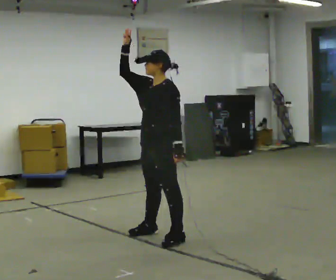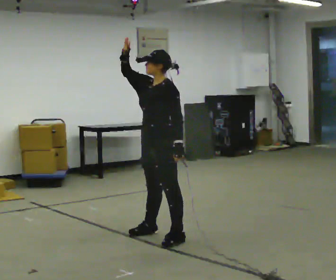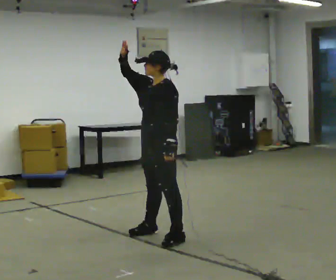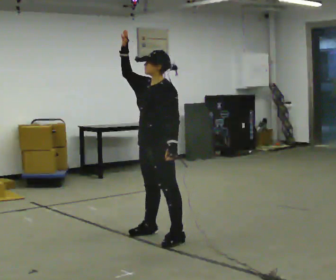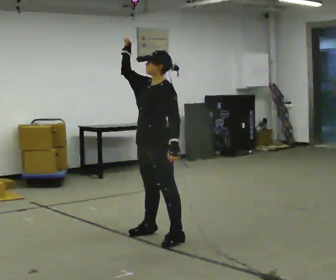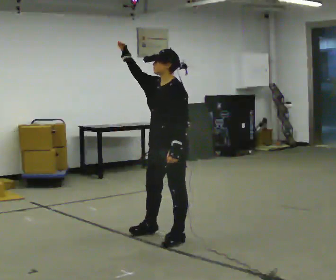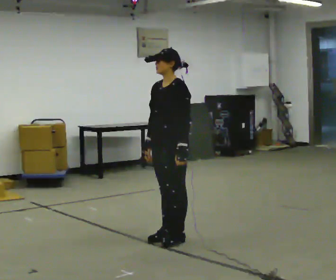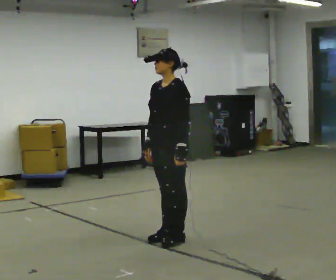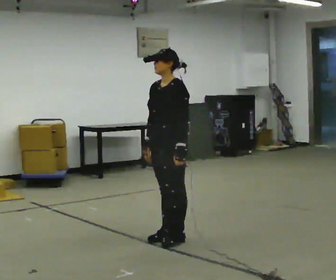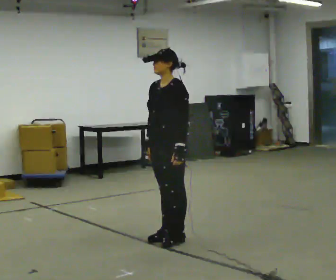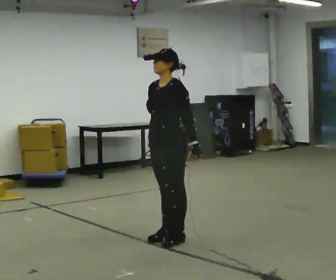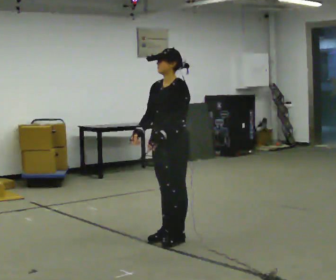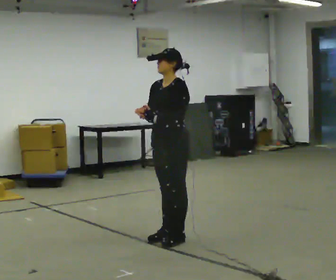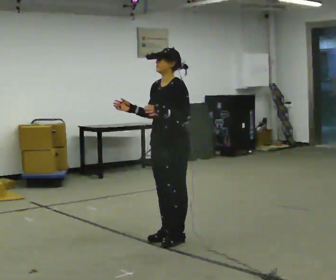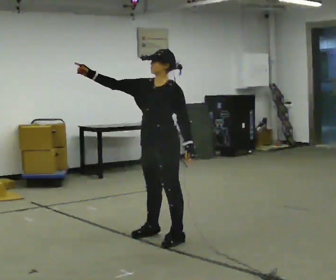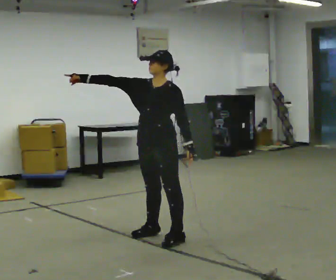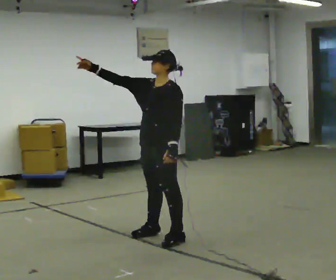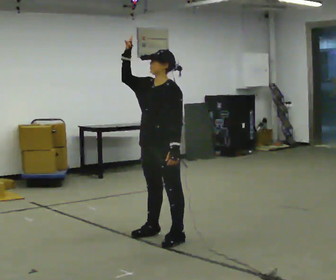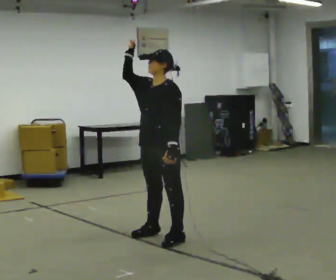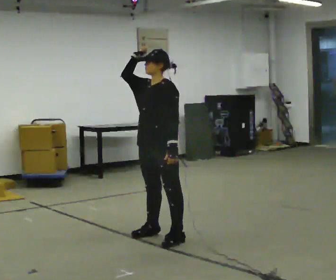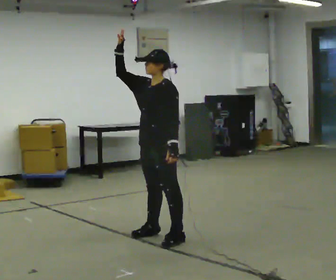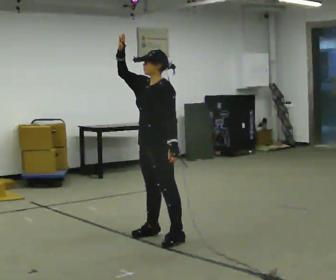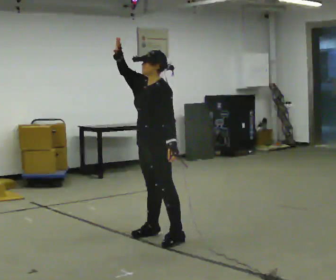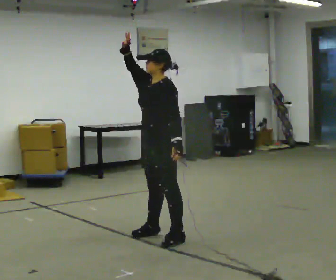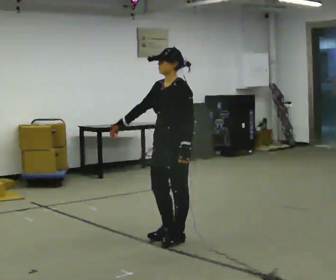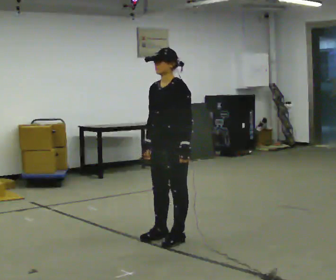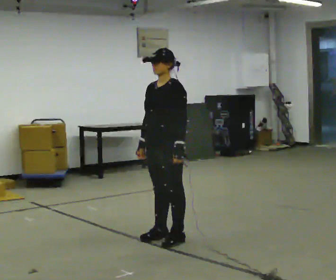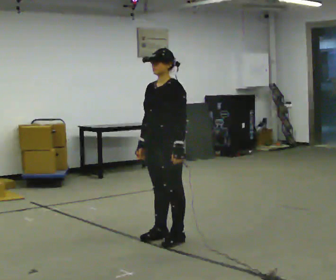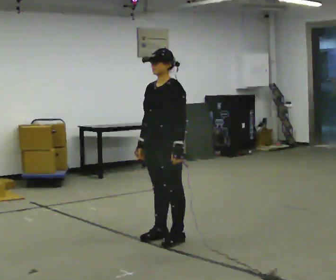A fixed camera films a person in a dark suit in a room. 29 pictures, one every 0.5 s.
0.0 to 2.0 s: The person moves a little, or ends about where they began.
2.0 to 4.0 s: In the picture their right hand goes downward, the arm swinging counterclockwise.
4.0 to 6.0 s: The person moves a little, or ends about where they began.
6.0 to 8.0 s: In the picture their right hand goes to the left and upward.
8.0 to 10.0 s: The person moves a little, or ends about where they began.
10.0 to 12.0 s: In the picture their right hand goes downward.
12.0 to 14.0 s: The person moves a little, or ends about where they began.
The film runs backward here.
